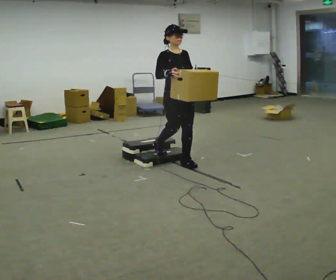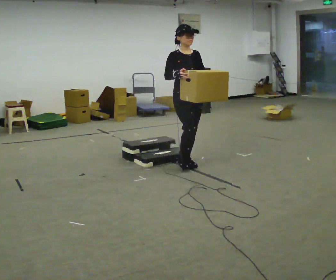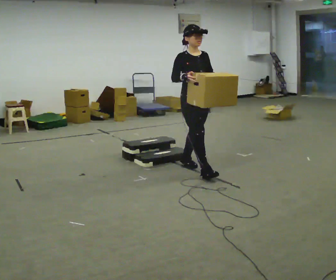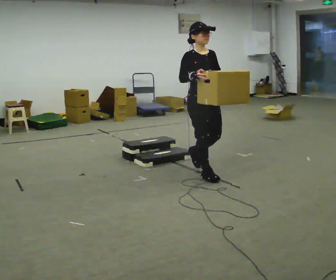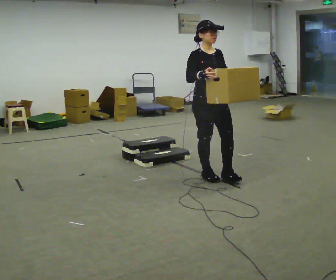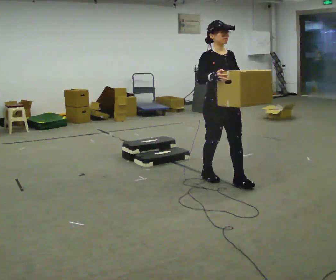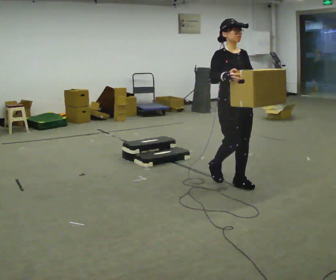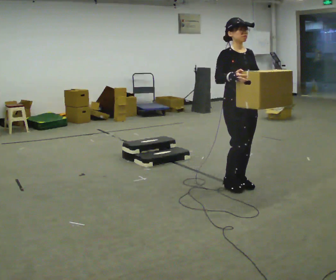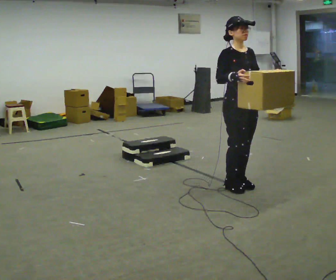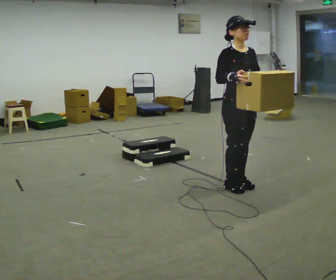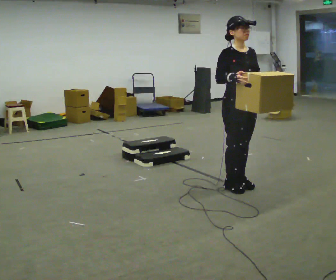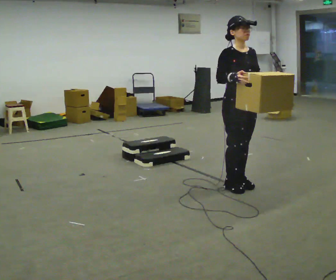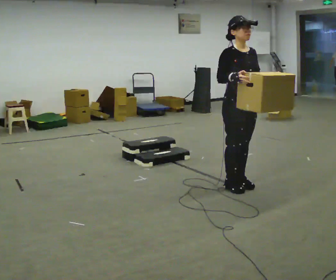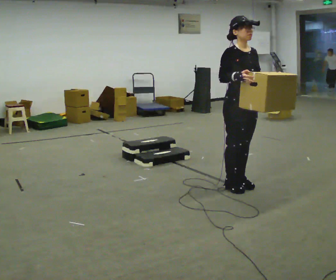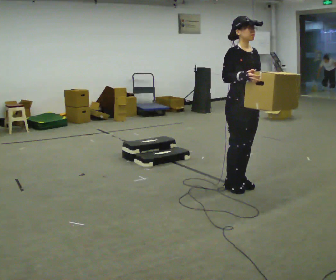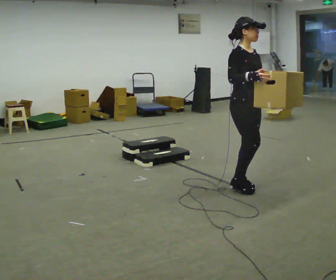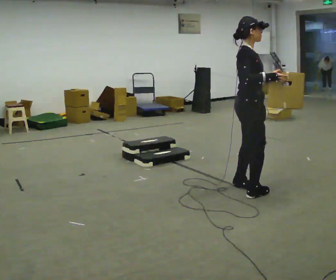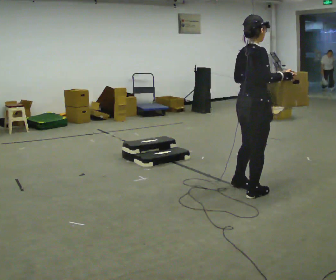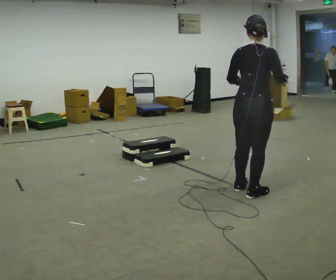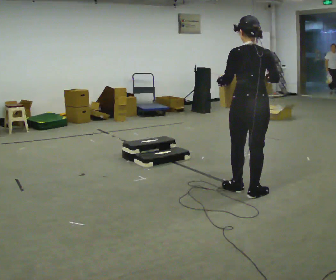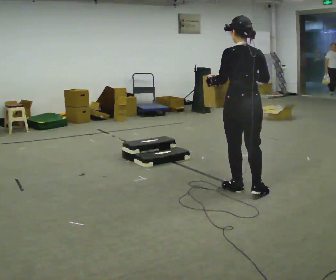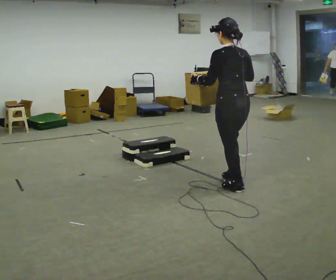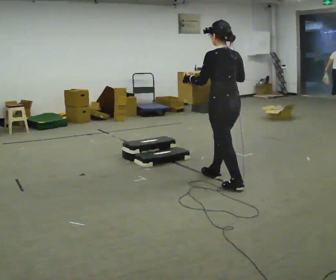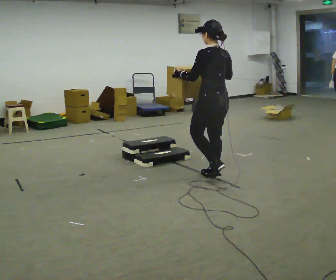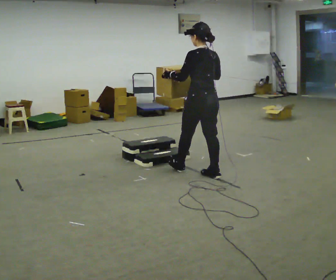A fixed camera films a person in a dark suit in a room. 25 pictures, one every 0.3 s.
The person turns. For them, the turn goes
to their left.
The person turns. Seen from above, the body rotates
counterclockwise.
0.0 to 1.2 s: In the picture they go toward the camera and to the right, about 0.5 m in 1 step, which for them is forward.
1.2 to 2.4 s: In the picture they go to the right and toward the camera, about 0.5 m in 2 steps, which for them is forward.
2.4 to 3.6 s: The person keeps their place and pose.
3.6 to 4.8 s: Seen from above the body turns counterclockwise, about 45 degrees: to their left, with its near side sliding to the right. In the picture their right hand goes to the right.
4.8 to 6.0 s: Seen from above the body turns counterclockwise, about 120 degrees: to their left, with its near side sliding to the right. In the picture their left hand goes to the left.
6.0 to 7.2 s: In the picture they go away from the camera and to the left, about 0.5 m in 1 step, which for them is forward.
The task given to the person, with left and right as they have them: Carry the box up the three steps, turn at the top, and carry it back down. Use the handrail only if you need it. Keep going until the operator says stop; one object at a time, and do not rush between trips.
The film runs forward here.
